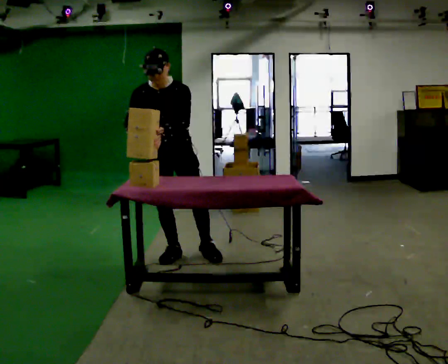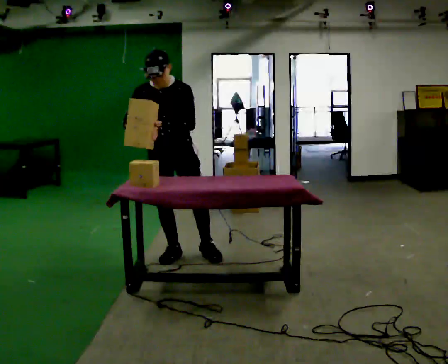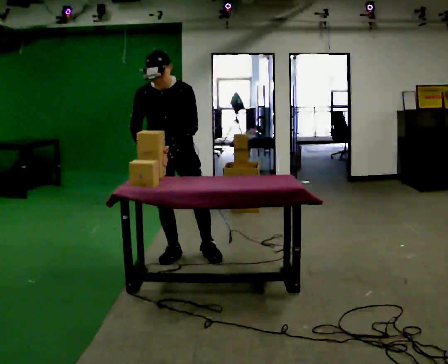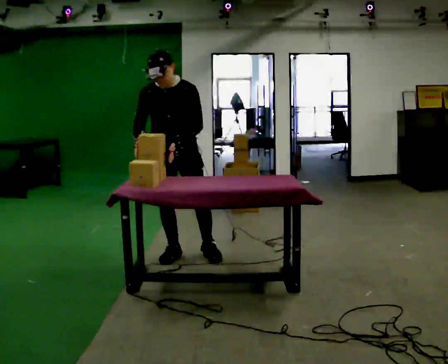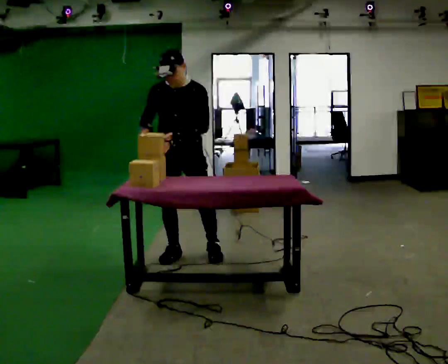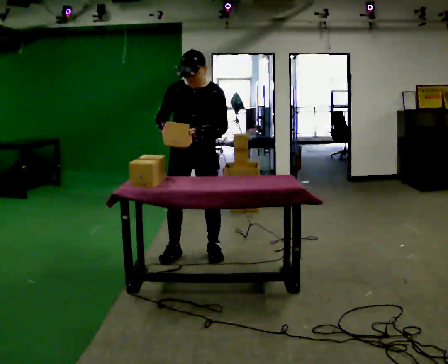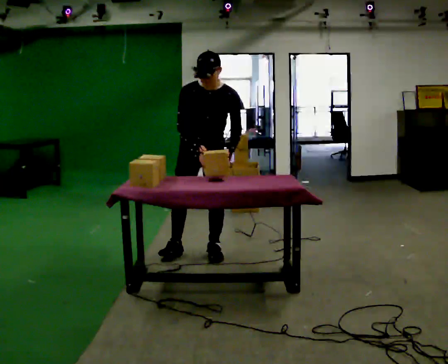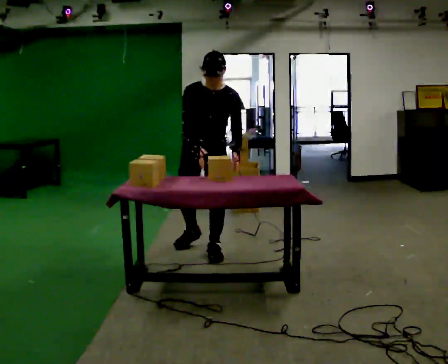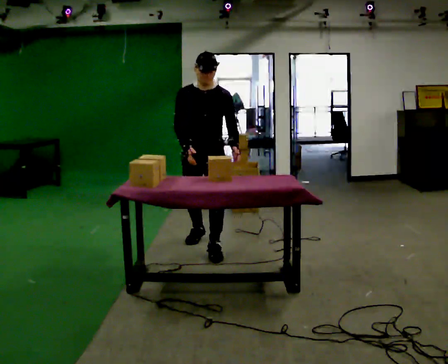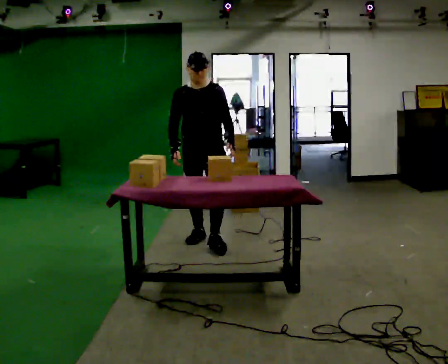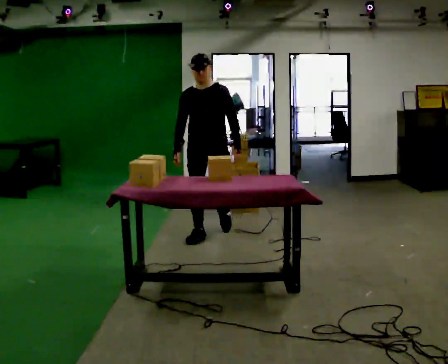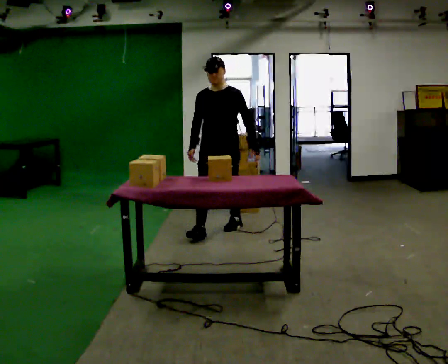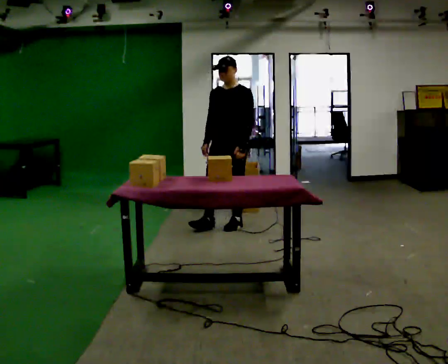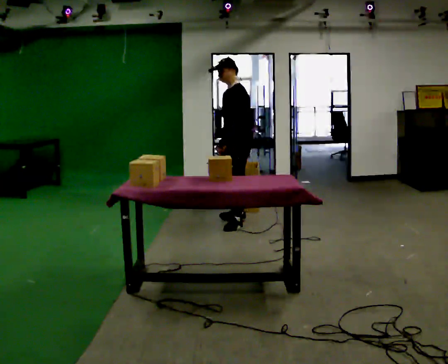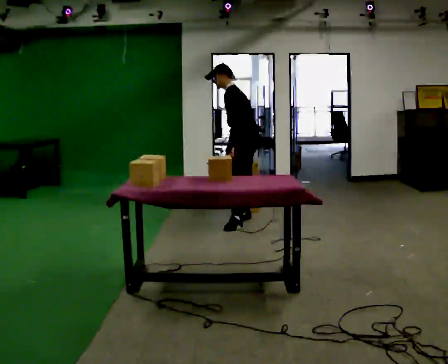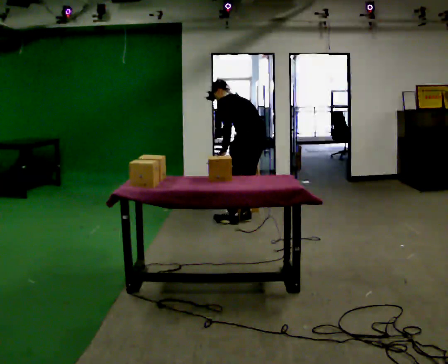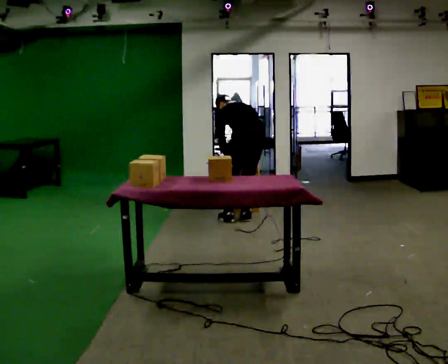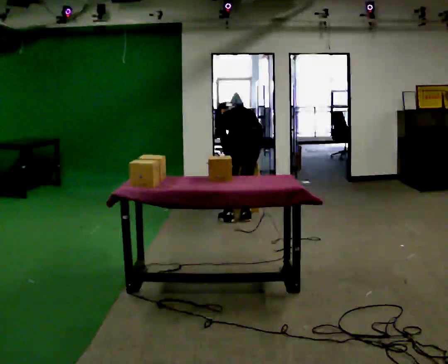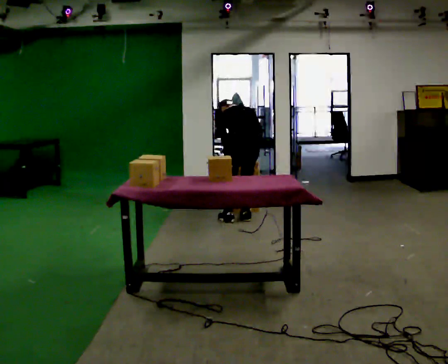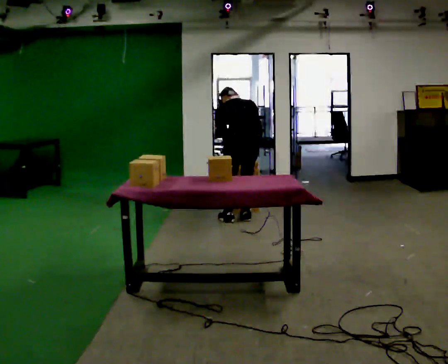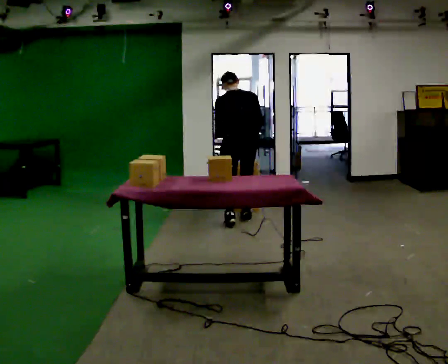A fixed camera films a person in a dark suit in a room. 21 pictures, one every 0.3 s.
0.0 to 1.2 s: The person moves a little, or ends about where they began.
1.2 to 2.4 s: In the picture they go away from the camera and to the right, about 0.25 m in 1 step, which for them is backward and to their left.
2.4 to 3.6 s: In the picture they go away from the camera, about 0.5 m in 2 steps, which for them is backward.
3.6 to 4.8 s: The person turns about 135 degrees to their right, clockwise seen from above, so the part of the body nearest the lens slides to the left. In the picture they go away from the camera and to the right, about 0.25 m in 1 step. The shoulders move downward. The upper body tips away from the camera, its near side rolling upward, as they bend forward.
4.8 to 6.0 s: The person moves a little, or ends about where they began.
The film runs backward here.
